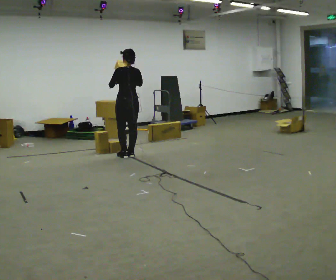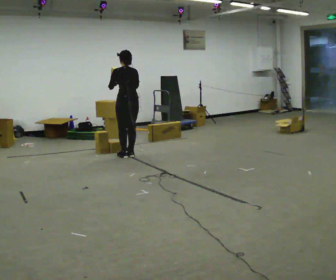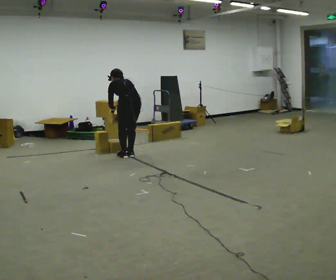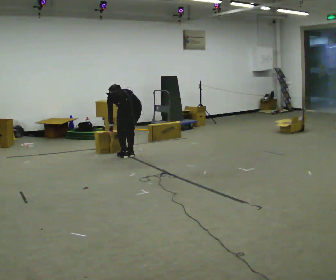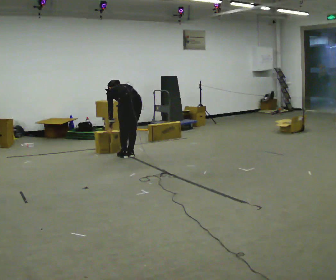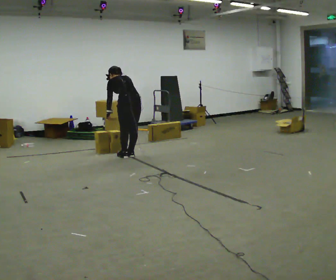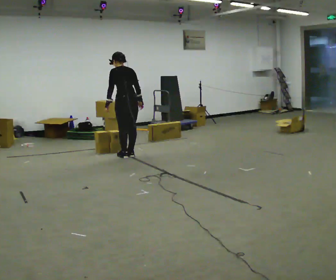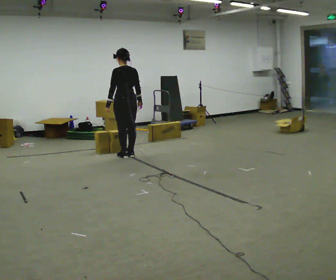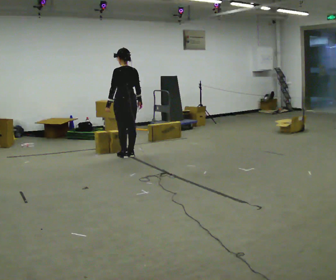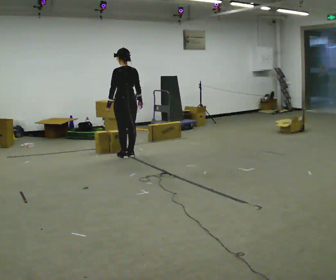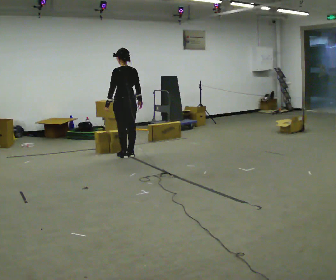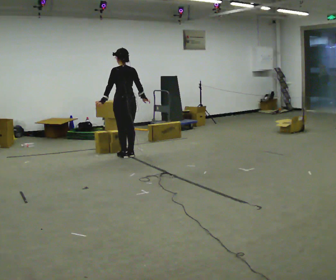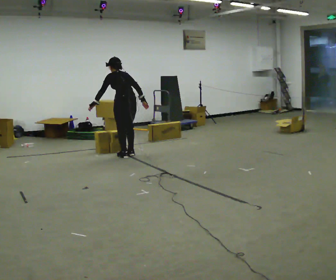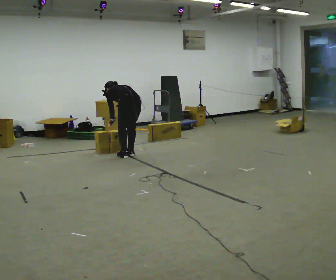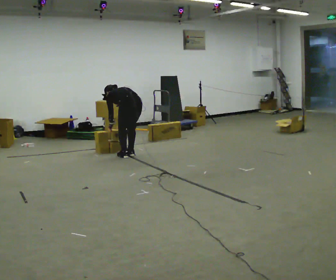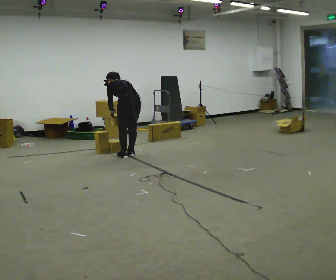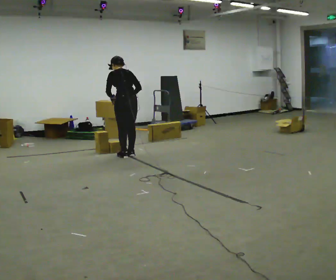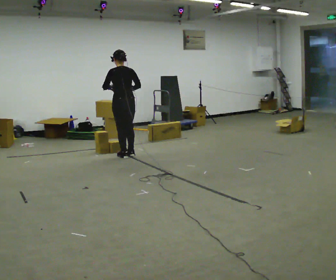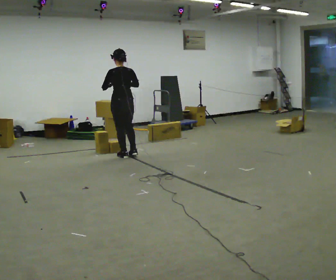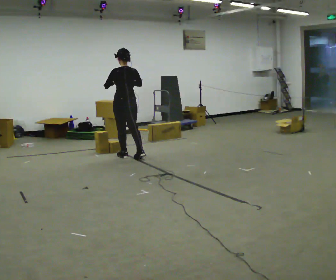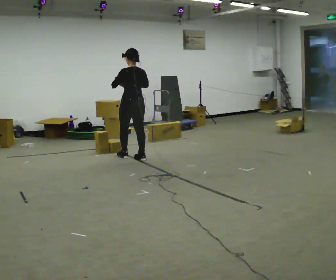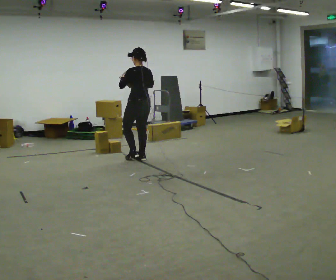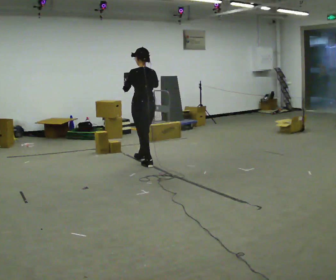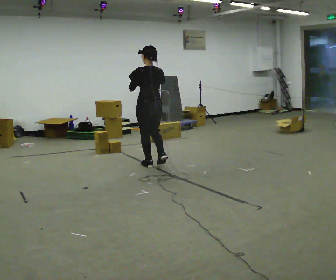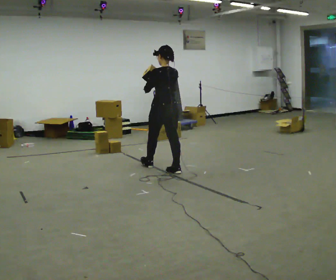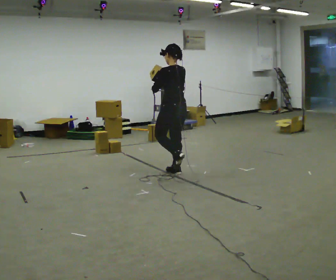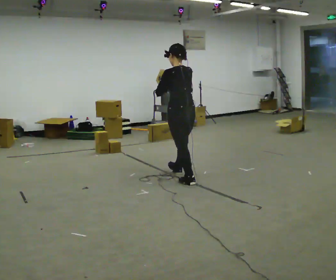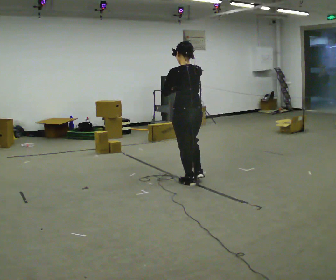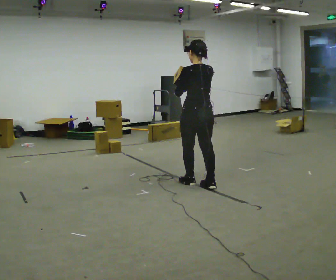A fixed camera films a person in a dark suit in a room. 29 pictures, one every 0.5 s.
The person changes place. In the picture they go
toward the camera.
0.0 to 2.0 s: In the picture they go toward the camera, about 0.25 m, which for them is backward. The upper body goes downward. The upper body tips away from the camera, its near side rolling upward, as they bend forward. In the picture their left hand goes downward.
2.0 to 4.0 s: The upper body goes upward. The upper body tips toward the camera, its near side rolling downward, as they lean back or straighten. In the picture their right hand goes upward.
4.0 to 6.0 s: The upper body tips away from the camera, its near side rolling upward, as they bend forward.
6.0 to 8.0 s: The person moves a little, or ends about where they began.
8.0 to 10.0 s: The upper body tips toward the camera, its near side rolling downward, as they lean back or straighten.
10.0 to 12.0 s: In the picture they go toward the camera and to the right, about 1 m in 2 steps, which for them is backward.
12.0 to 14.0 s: In the picture they go toward the camera and to the right, about 1 m in 2 steps, which for them is backward.
The film runs backward here.
